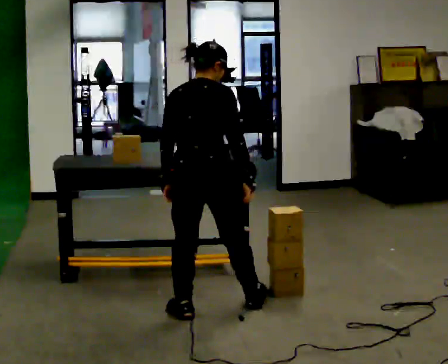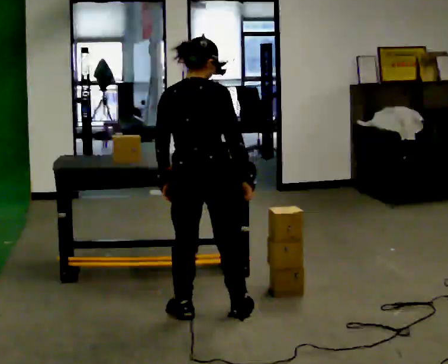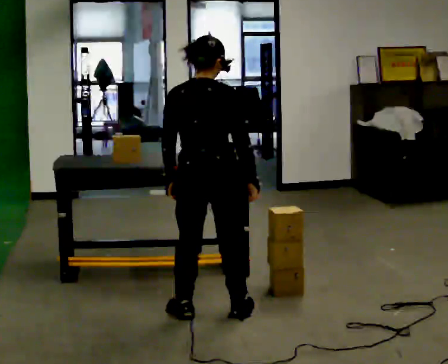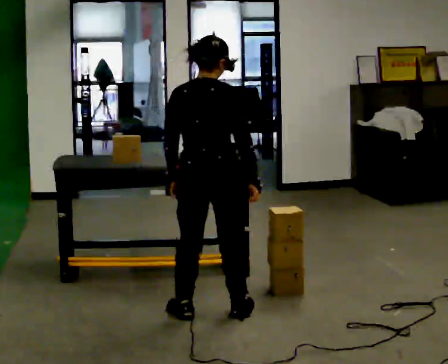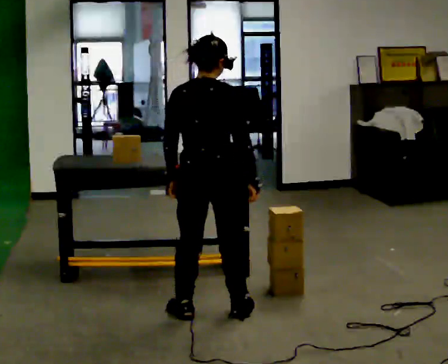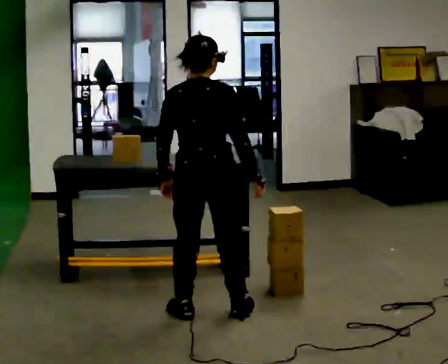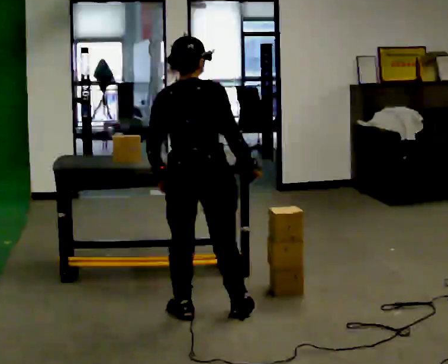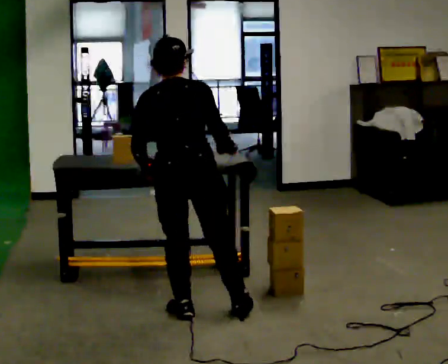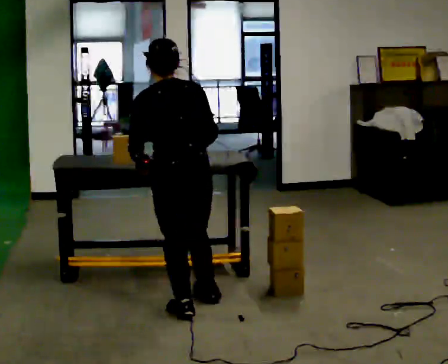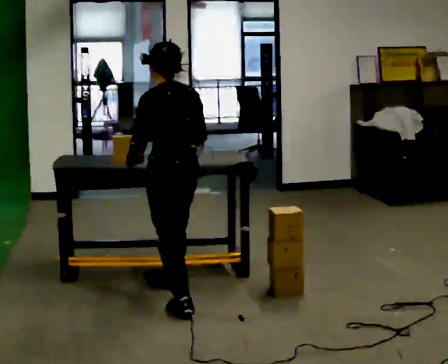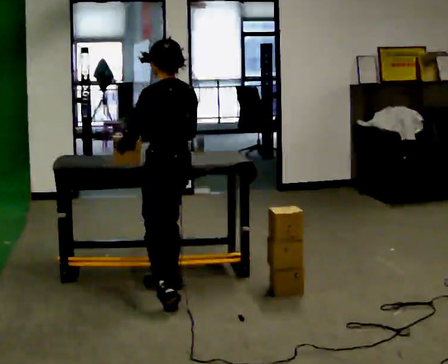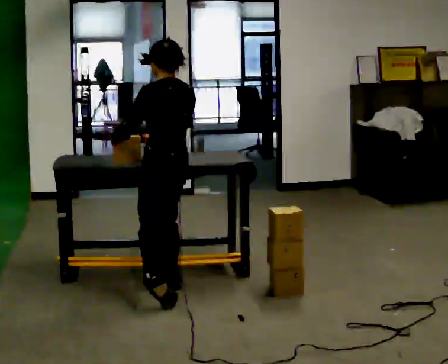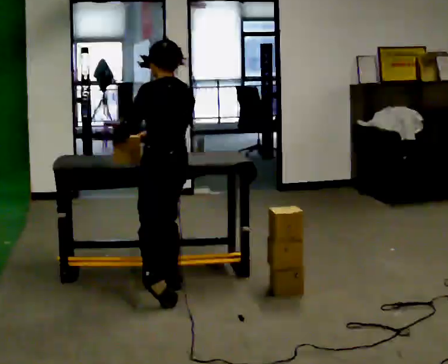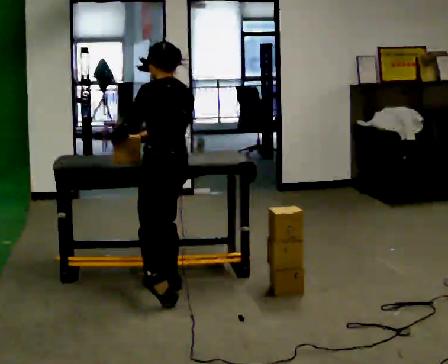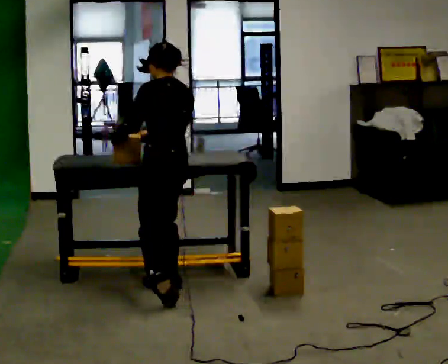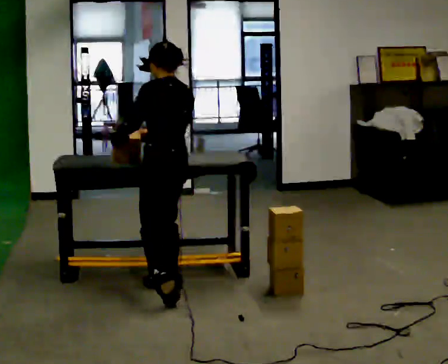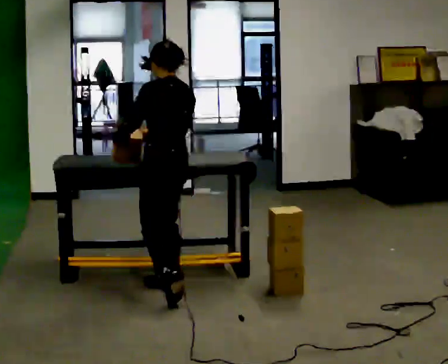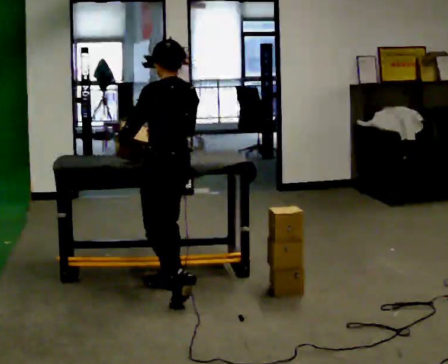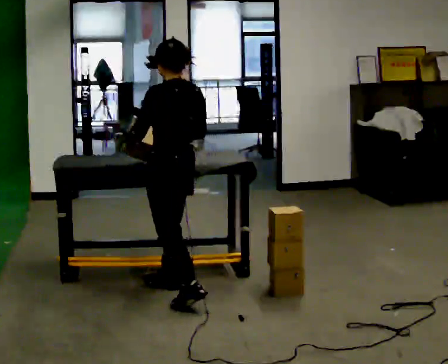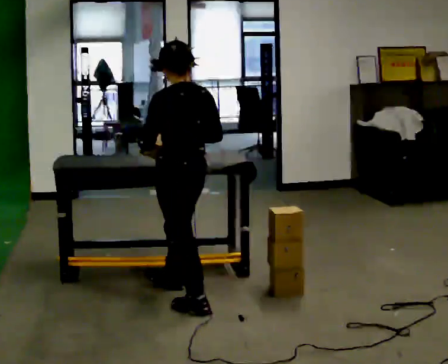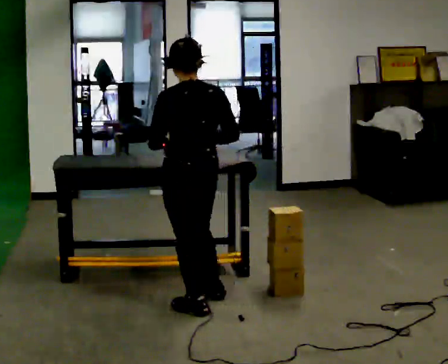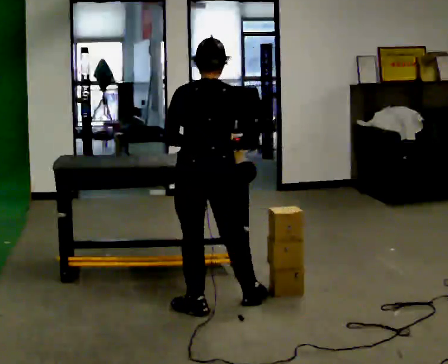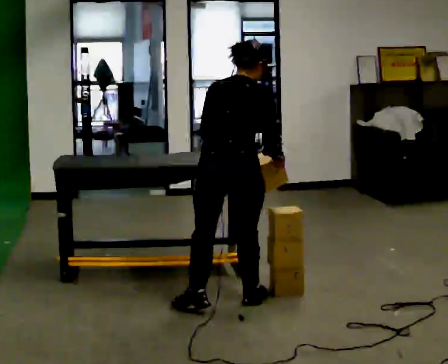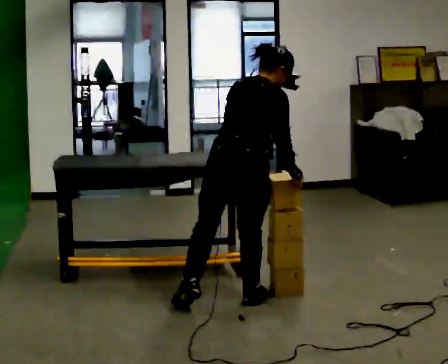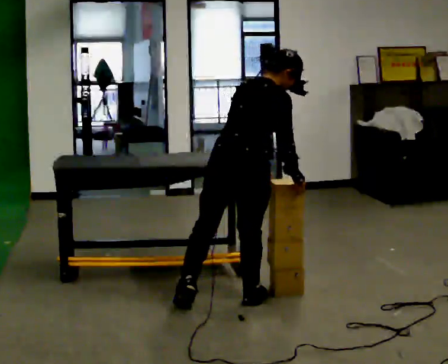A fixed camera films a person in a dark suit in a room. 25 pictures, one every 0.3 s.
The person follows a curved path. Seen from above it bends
clockwise.
0.0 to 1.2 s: The person moves a little, or ends about where they began.
1.2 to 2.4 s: The part of the body nearest the lens slides to the right as the person turns to their left by about 30 degrees.
2.4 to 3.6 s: Seen from above the body turns counterclockwise, about 30 degrees: to their left, with its near side sliding to the right. In the picture they go away from the camera, about 0.5 m, which for them is to their right and forward.
3.6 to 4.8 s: The person moves a little, or ends about where they began.
4.8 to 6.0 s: In the picture they go toward the camera, about 0.25 m in 1 step, which for them is backward and to their left.
6.0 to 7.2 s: Seen from above the body turns clockwise, about 75 degrees: to their right, with its near side sliding to the left. In the picture they go to the right, about 0.25 m. In the picture the upper body tilts clockwise, shoulders to the right, as they bend forward.
The film runs backward here.
